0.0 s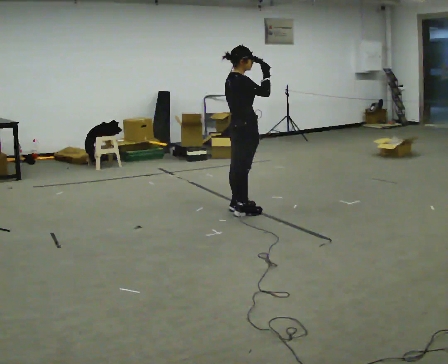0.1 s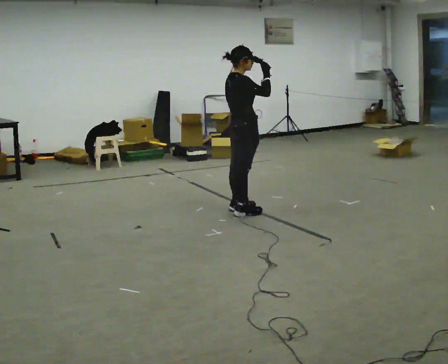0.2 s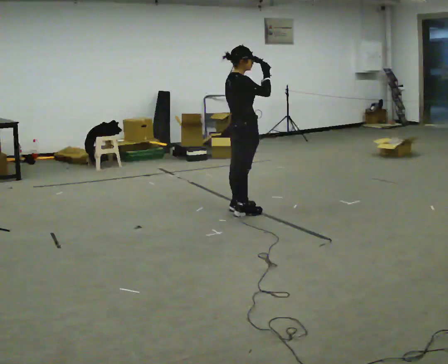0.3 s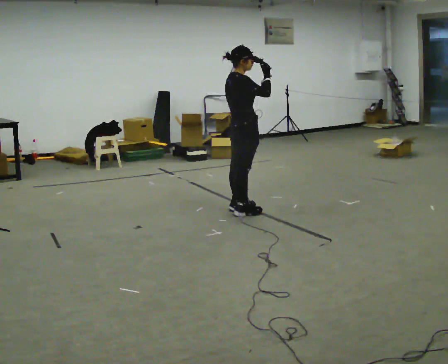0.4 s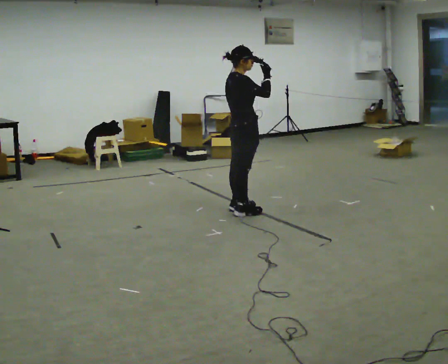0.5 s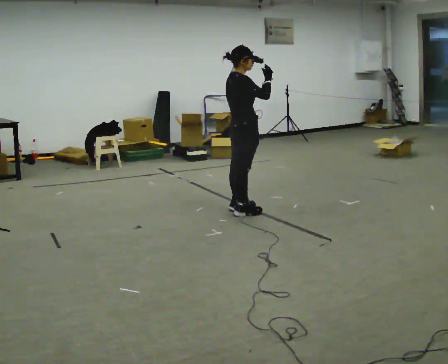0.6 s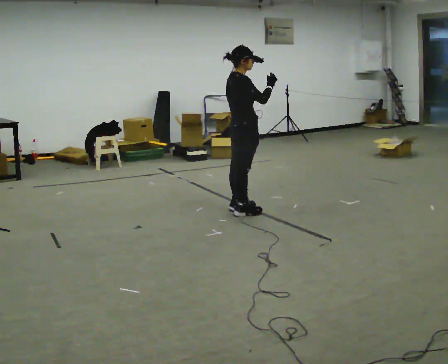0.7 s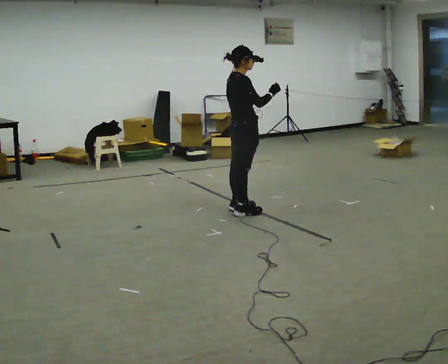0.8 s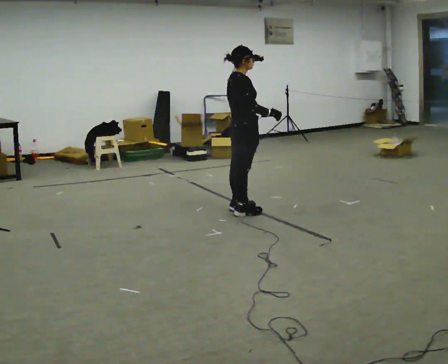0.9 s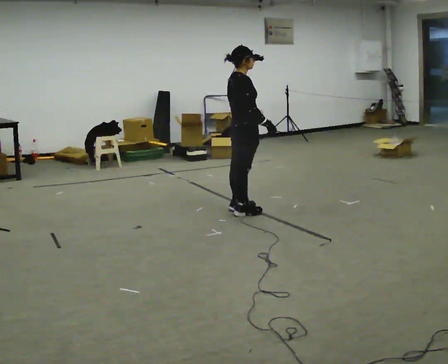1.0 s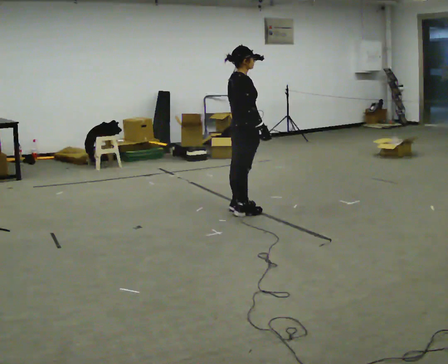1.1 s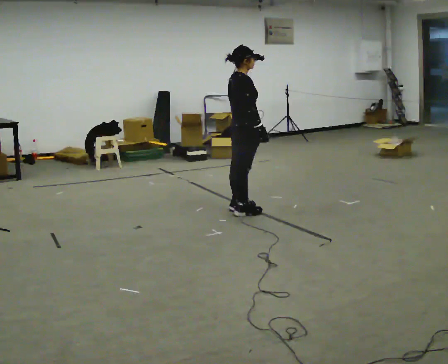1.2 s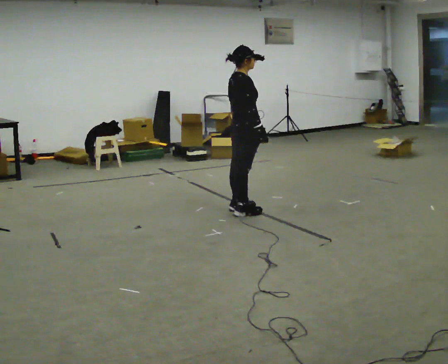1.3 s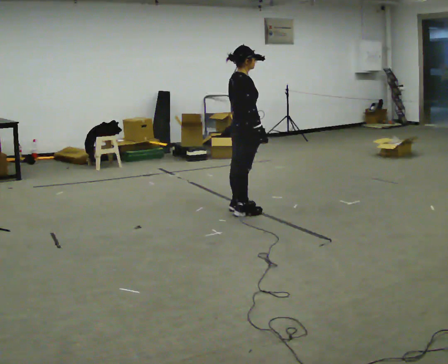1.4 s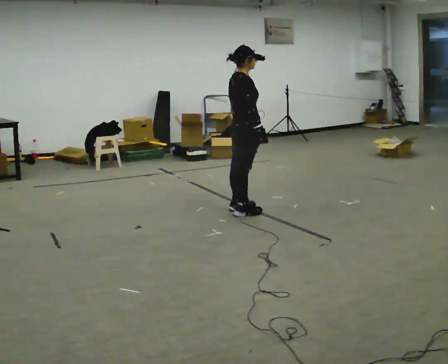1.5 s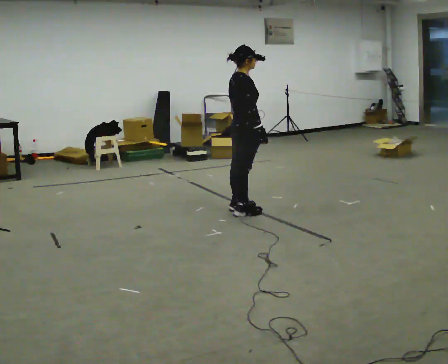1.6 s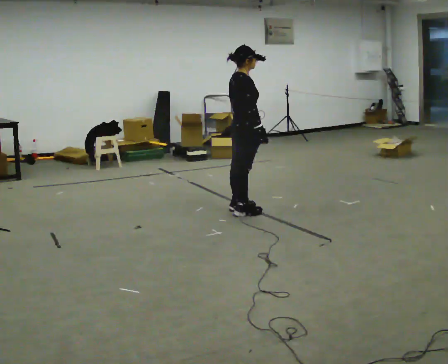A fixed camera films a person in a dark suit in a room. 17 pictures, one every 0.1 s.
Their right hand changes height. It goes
downward.
0.0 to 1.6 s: In the picture their right hand goes downward.
The film runs backward here.
